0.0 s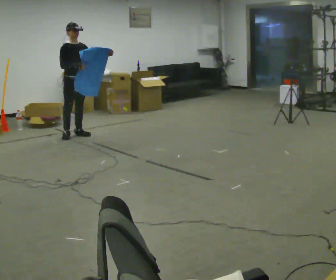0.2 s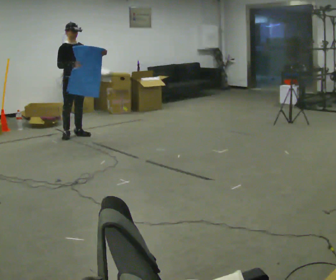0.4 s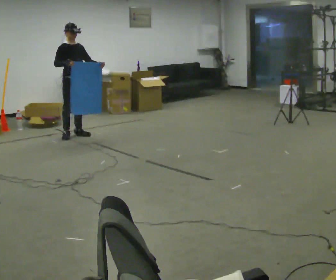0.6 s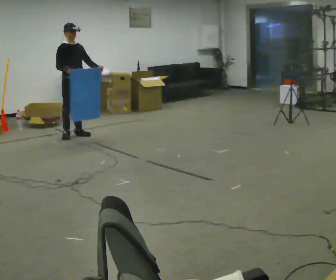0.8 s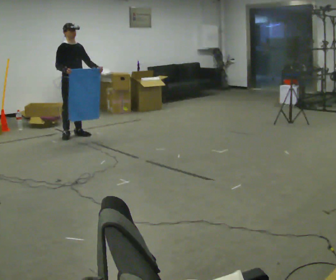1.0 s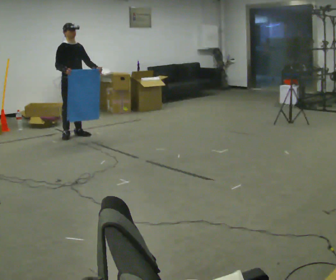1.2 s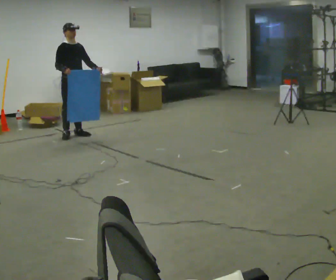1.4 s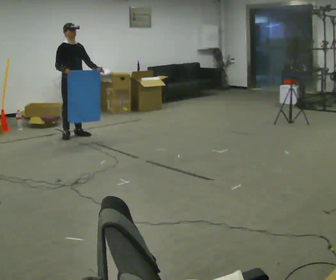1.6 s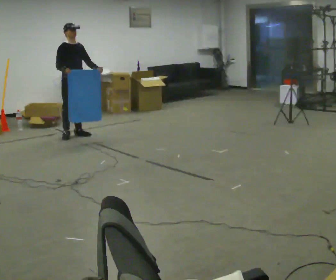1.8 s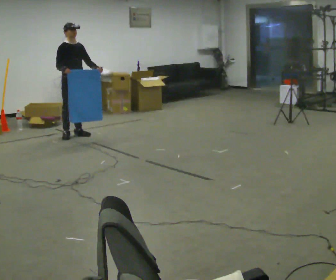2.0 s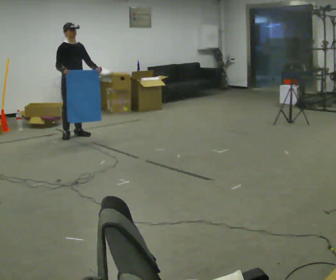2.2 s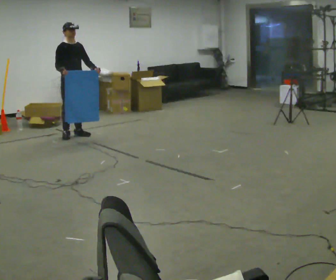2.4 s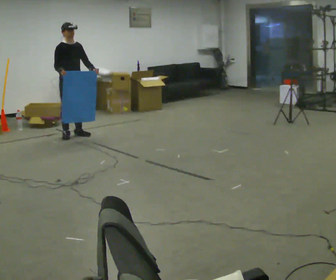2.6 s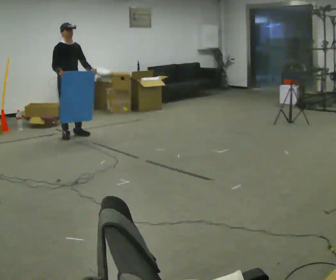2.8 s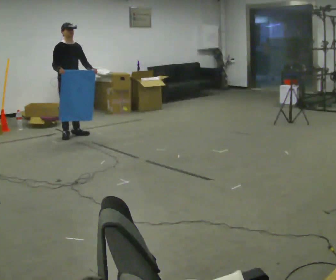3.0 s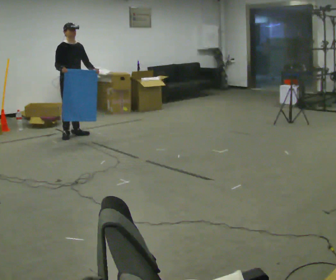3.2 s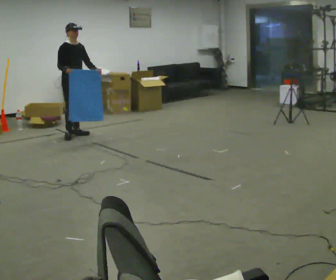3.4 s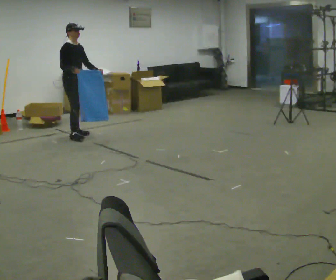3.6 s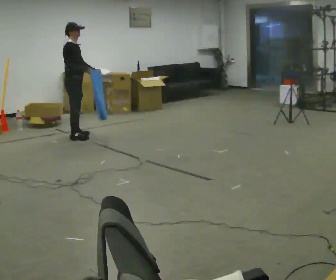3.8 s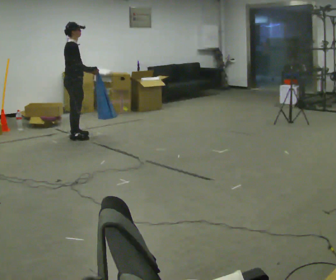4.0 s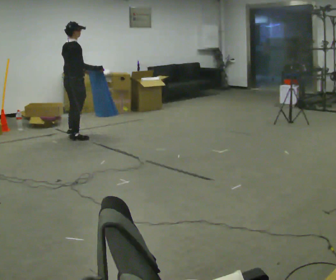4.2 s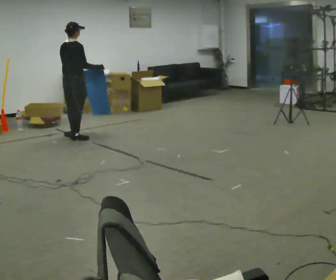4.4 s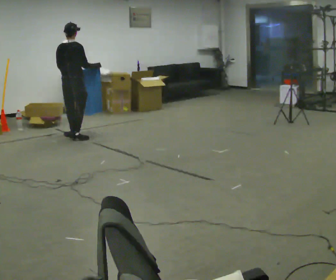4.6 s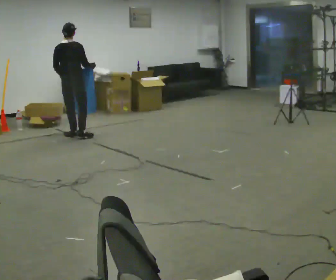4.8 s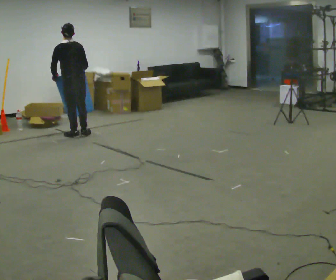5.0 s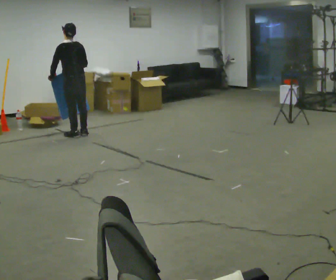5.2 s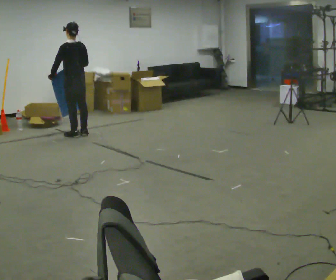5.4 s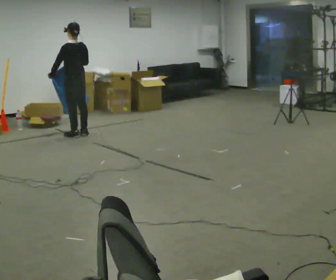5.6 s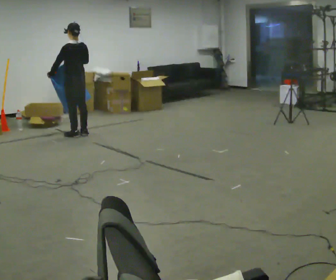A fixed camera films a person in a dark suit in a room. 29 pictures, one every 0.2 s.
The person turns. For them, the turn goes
to their left.
The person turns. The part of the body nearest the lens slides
to the right.
0.0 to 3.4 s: The person moves a little, or ends about where they began.
3.4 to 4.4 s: The part of the body nearest the lens slides to the right as the person turns to their left by about 105 degrees. In the picture they go toward the camera, about 0.25 m. In the picture their right hand goes to the right, the arm swinging counterclockwise.
4.4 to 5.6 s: Seen from above the body turns counterclockwise, about 60 degrees: to their left, with its near side sliding to the right. In the picture they go away from the camera, about 0.25 m in 1 step, which for them is forward and to their right. In the picture their right hand goes to the left.
The film runs backward here.
